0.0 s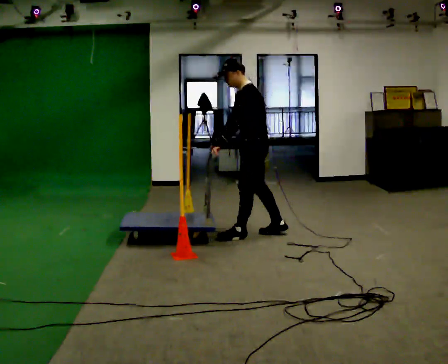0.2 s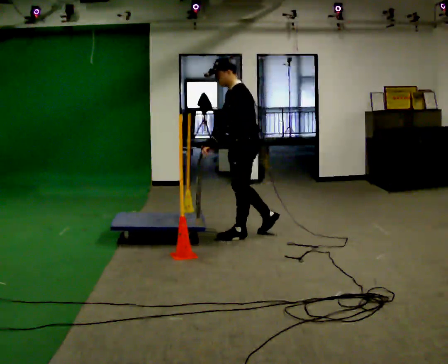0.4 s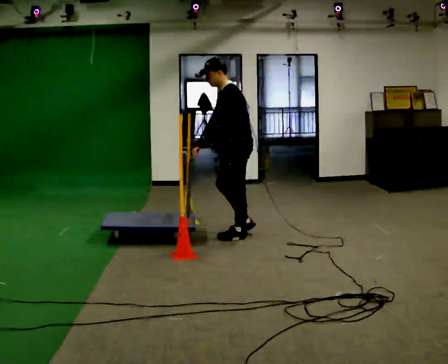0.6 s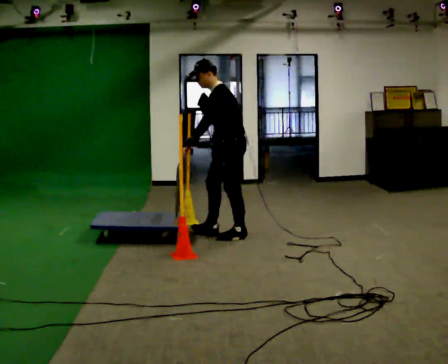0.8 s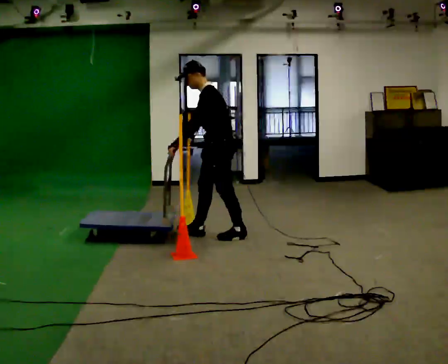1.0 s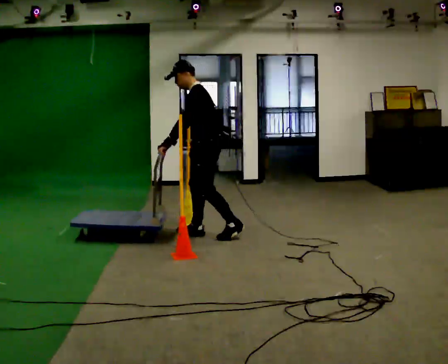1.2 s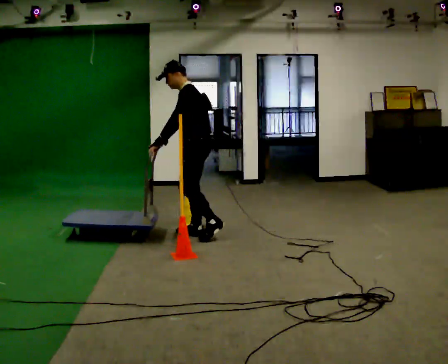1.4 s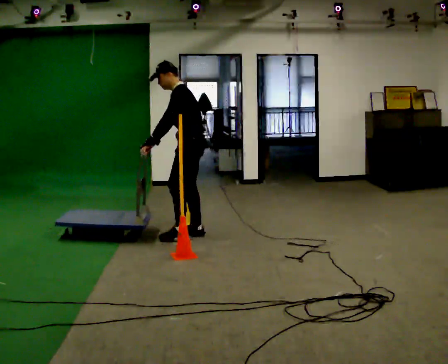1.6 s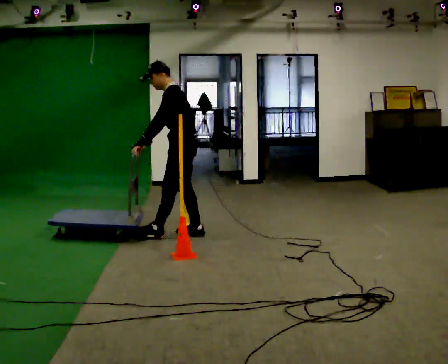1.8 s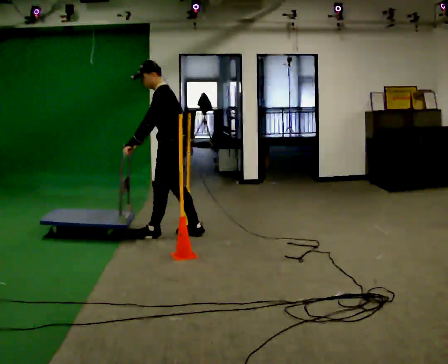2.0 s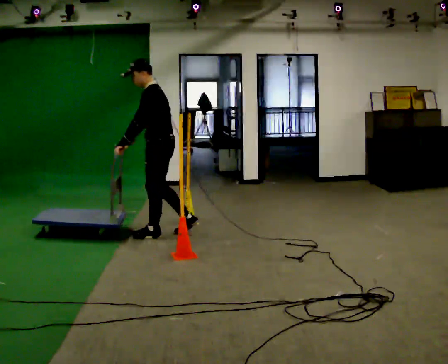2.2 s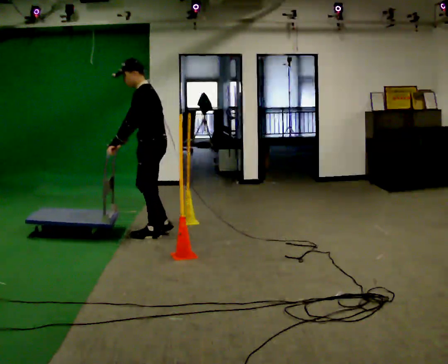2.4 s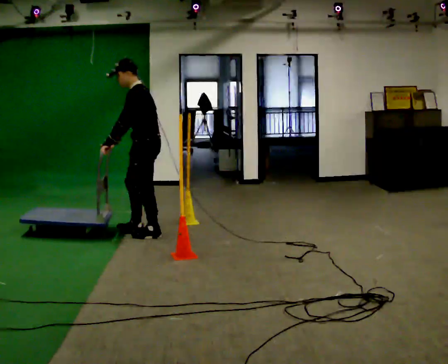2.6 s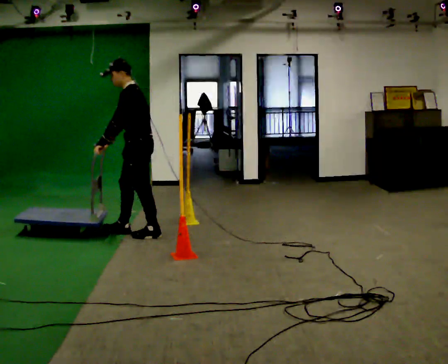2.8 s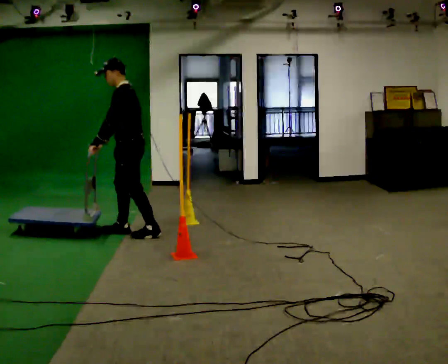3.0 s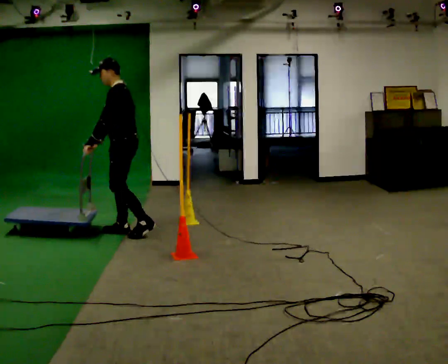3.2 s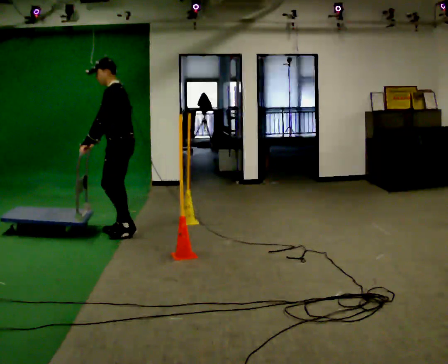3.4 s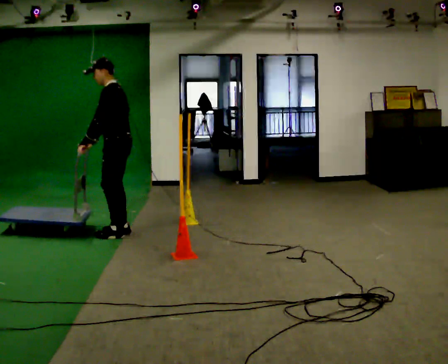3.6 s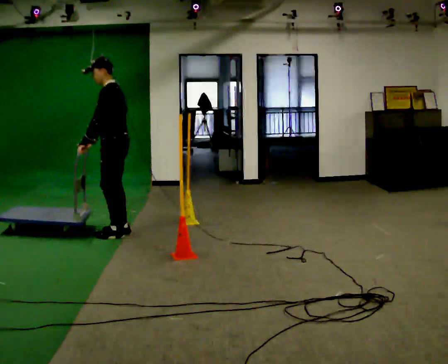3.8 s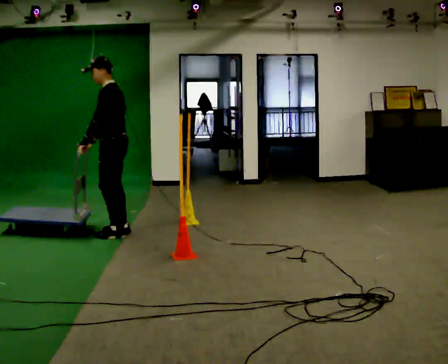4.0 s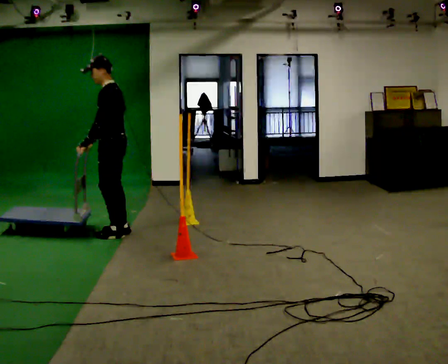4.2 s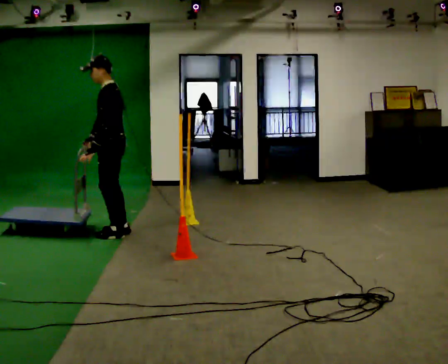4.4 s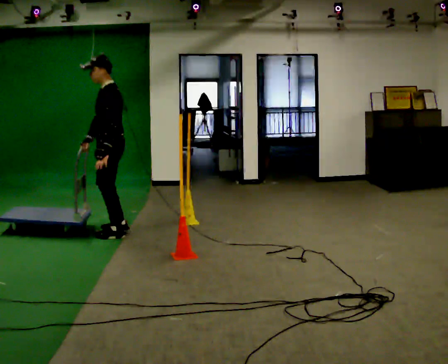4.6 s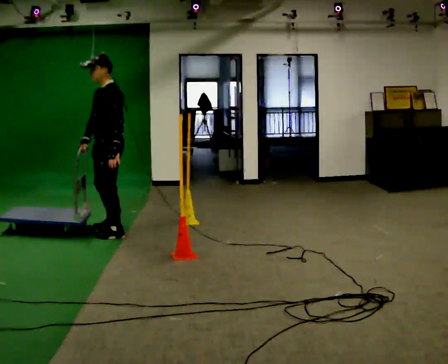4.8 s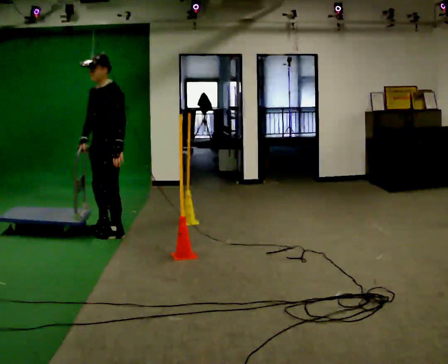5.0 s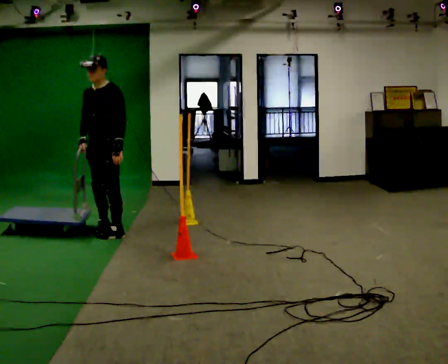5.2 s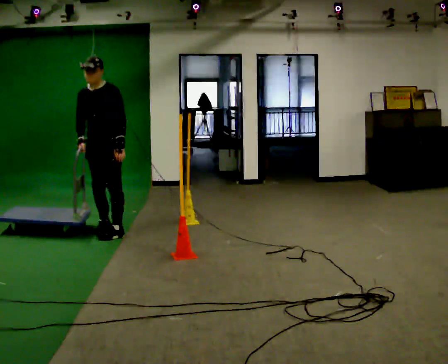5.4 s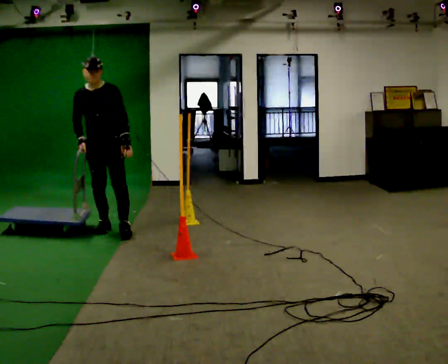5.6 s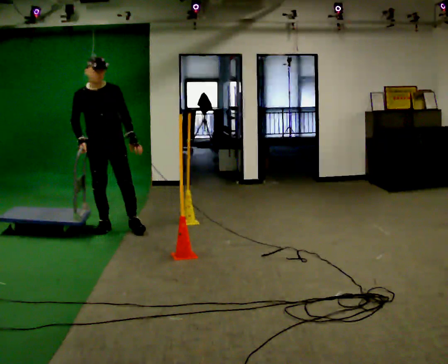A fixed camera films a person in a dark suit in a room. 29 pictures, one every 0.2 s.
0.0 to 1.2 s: In the picture they go to the left, about 0.5 m in 1 step, which for them is forward.
1.2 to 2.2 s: In the picture they go to the left, about 0.5 m in 1 step, which for them is forward.
2.2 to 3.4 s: In the picture they go to the left, about 0.25 m in 2 steps, which for them is forward.
3.4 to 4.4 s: The person moves a little, or ends about where they began.
4.4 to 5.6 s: The person turns about 90 degrees to their left, counterclockwise seen from above, so the part of the body nearest the lens slides to the right. In the picture they go away from the camera, about 0.25 m in 1 step.
The film runs forward here.
